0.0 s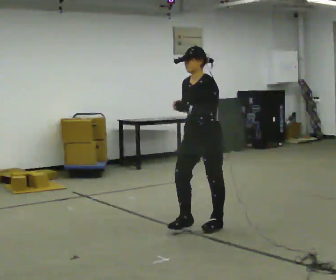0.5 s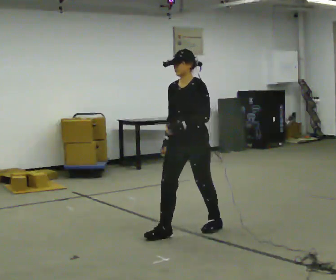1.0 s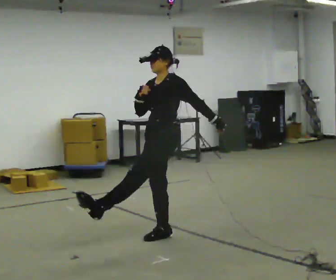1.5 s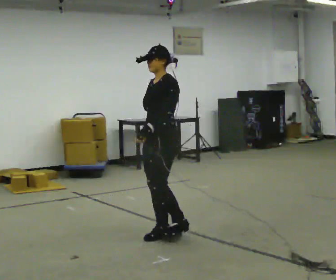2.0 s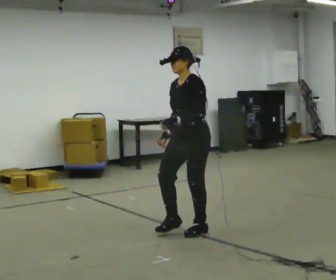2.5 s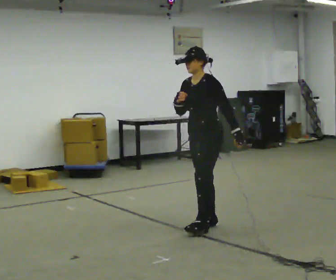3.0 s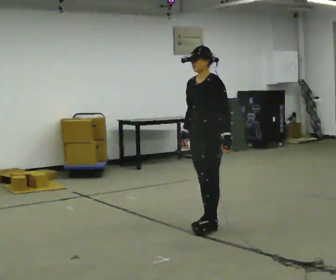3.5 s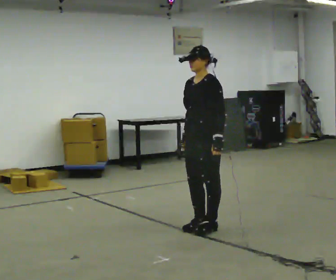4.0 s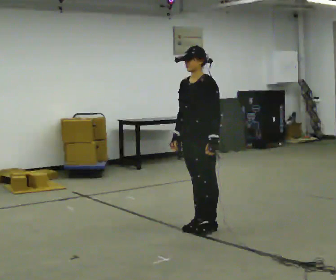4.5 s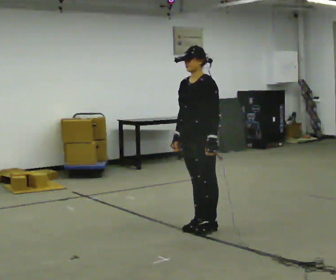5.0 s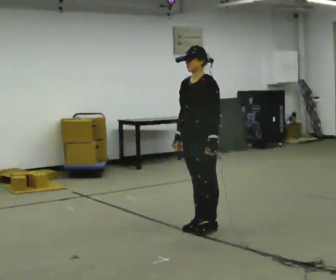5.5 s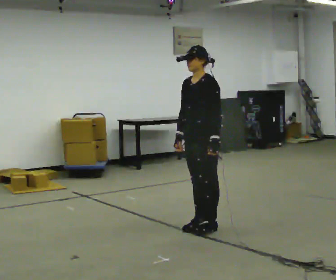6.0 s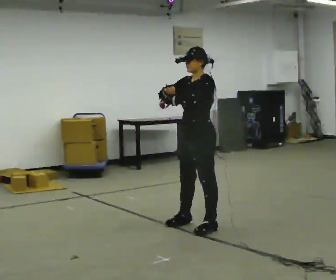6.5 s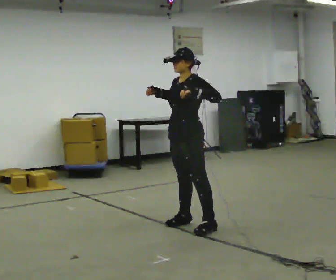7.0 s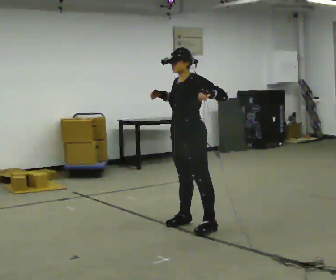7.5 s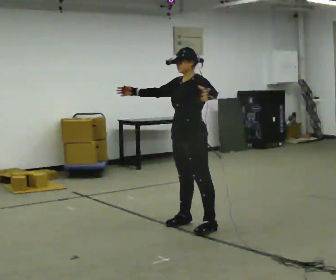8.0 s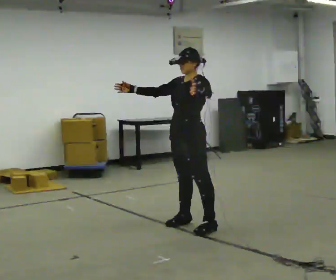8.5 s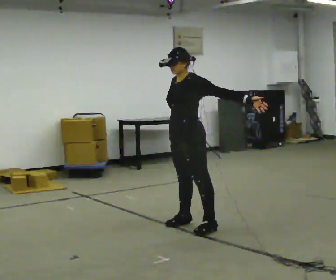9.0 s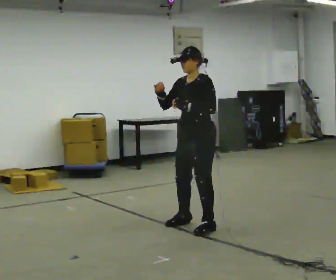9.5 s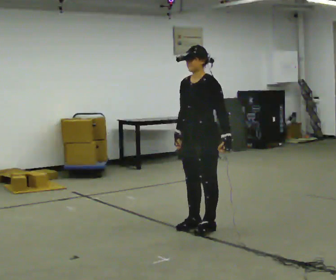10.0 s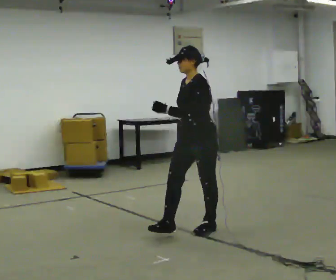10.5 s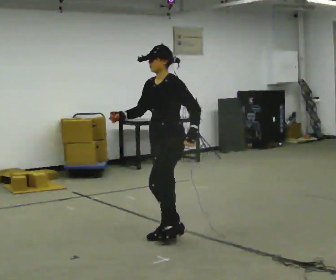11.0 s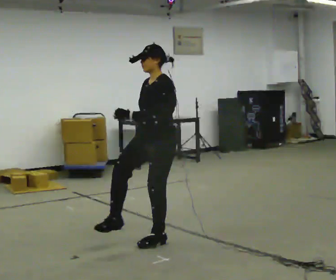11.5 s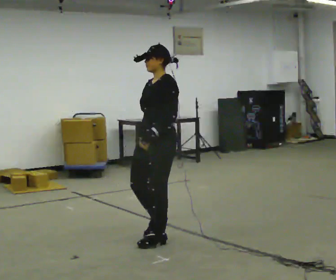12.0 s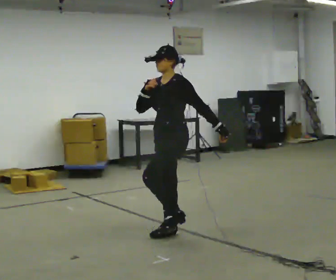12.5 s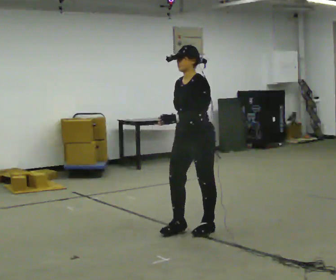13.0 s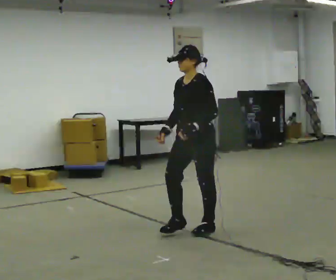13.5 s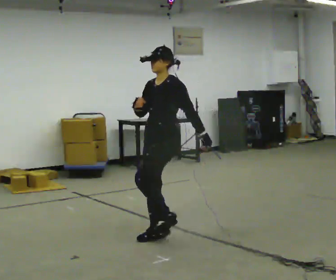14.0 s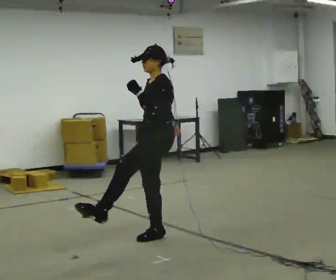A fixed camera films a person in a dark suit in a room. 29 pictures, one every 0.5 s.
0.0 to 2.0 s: The person moves a little, or ends about where they began.
2.0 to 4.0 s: In the picture their left hand goes to the right.
4.0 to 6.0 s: In the picture their left hand goes to the left and upward.
6.0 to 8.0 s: The person moves a little, or ends about where they began.
8.0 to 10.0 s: In the picture they go toward the camera, about 0.25 m, which for them is to their left. In the picture their right hand goes to the right and downward.
10.0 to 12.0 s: In the picture they go to the left, about 0.25 m in 2 steps, which for them is forward. In the picture their left hand goes to the right.
12.0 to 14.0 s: In the picture their left hand goes to the left and upward.
The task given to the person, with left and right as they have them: Repeat a short dance step or sequence over and over in time with a steady beat.
The film runs forward here.
